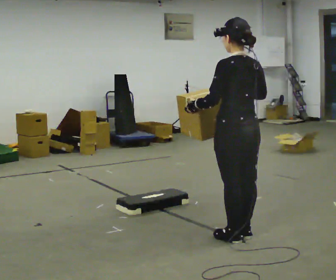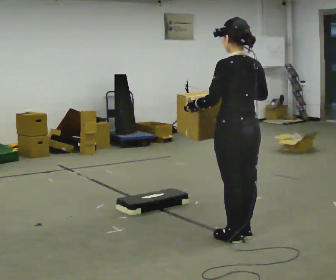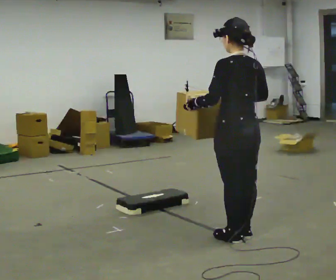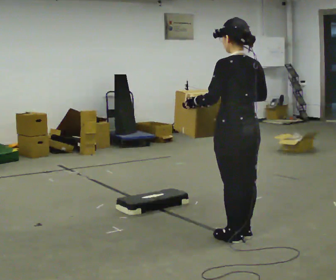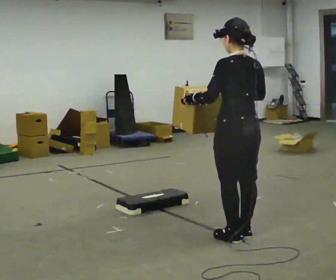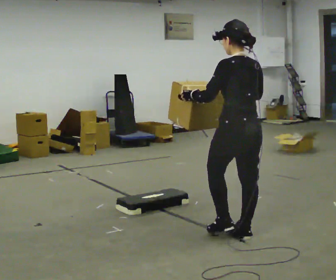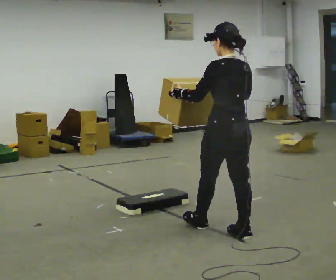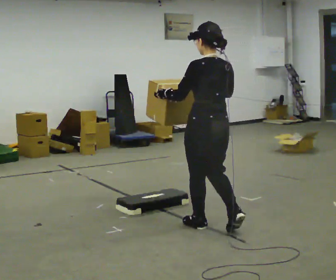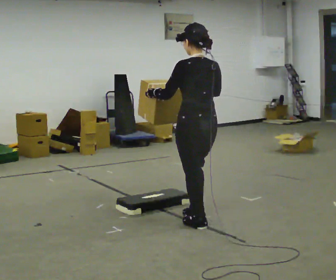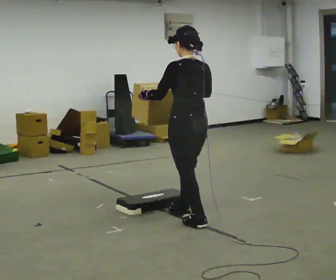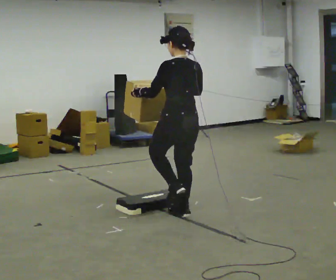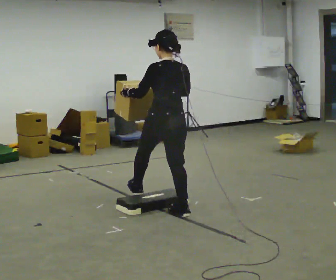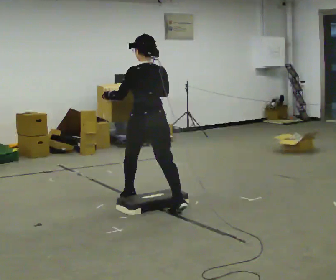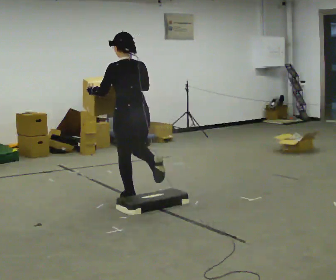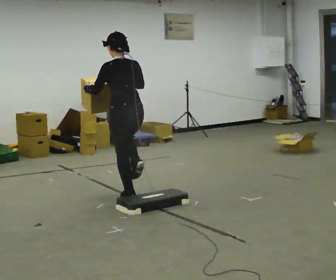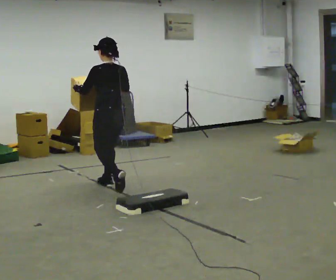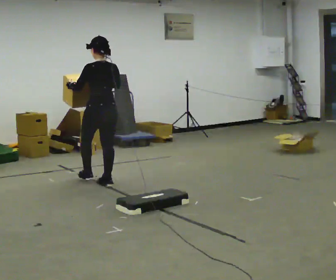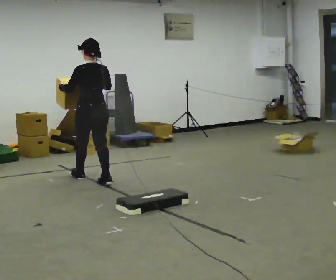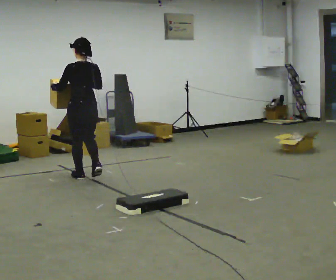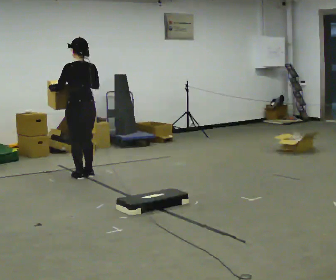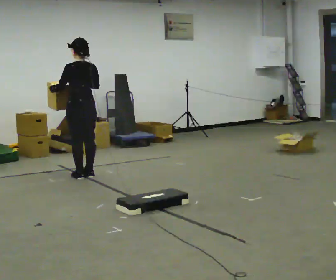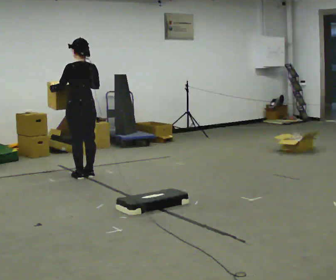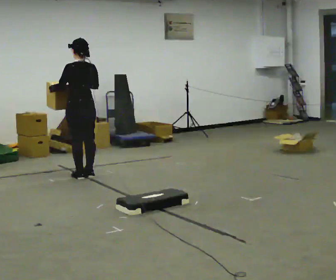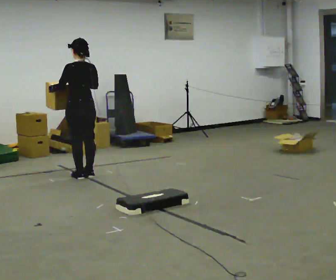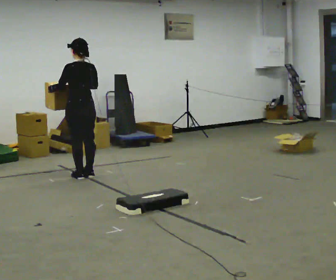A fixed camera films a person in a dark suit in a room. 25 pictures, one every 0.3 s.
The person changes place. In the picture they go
away from the camera.
0.0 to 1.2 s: The person moves a little, or ends about where they began.
1.2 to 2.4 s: In the picture they go away from the camera and to the left, about 0.5 m in 1 step, which for them is forward.
2.4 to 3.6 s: In the picture they go away from the camera and to the left, about 0.5 m in 2 steps, which for them is forward.
3.6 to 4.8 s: In the picture they go away from the camera and to the left, about 1 m in 1 step, which for them is forward.
4.8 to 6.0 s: In the picture they go away from the camera and to the left, about 0.5 m in 2 steps, which for them is forward.
6.0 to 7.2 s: The person moves a little, or ends about where they began.
The film runs forward here.
